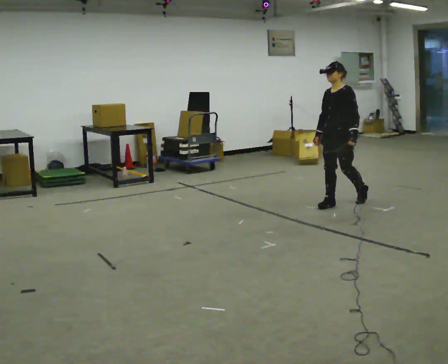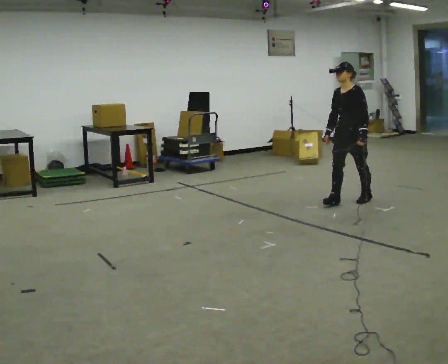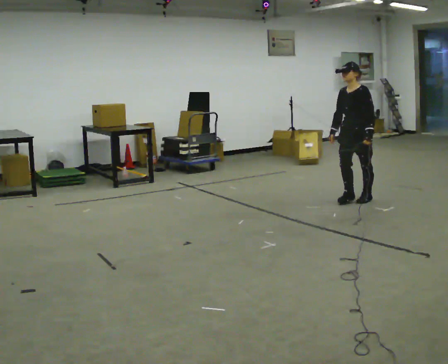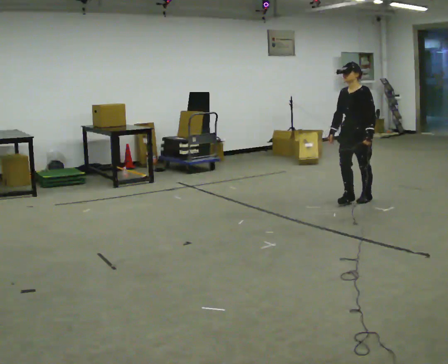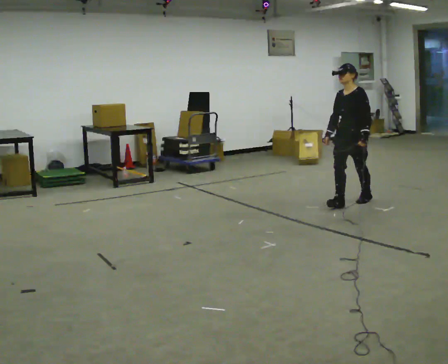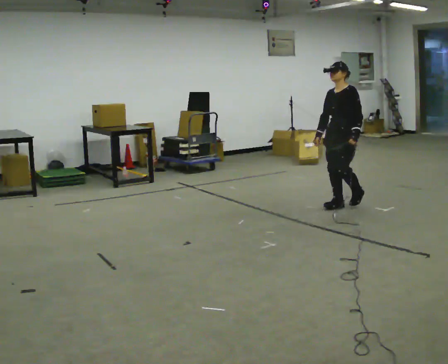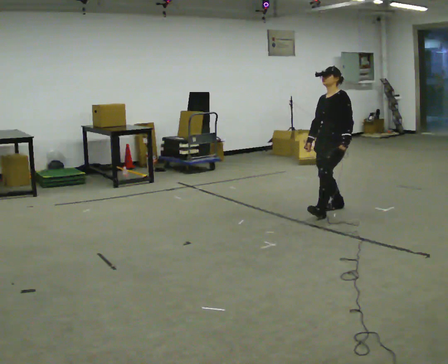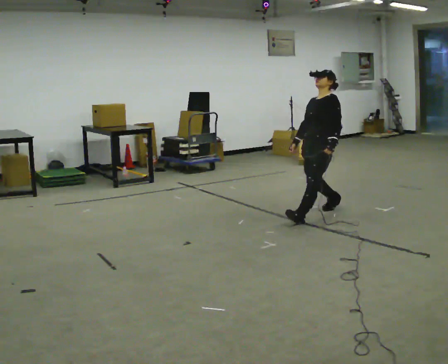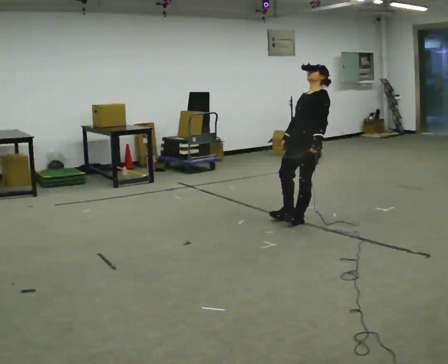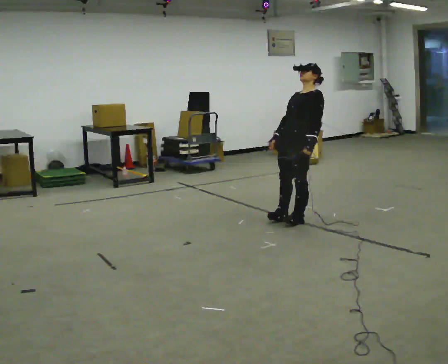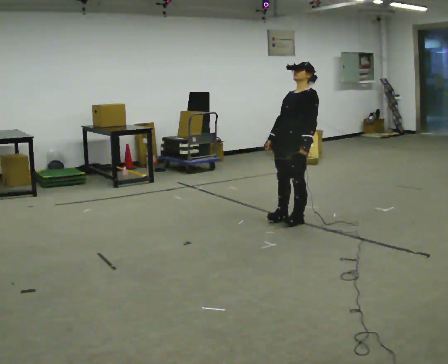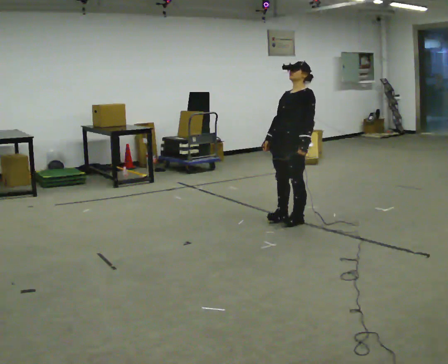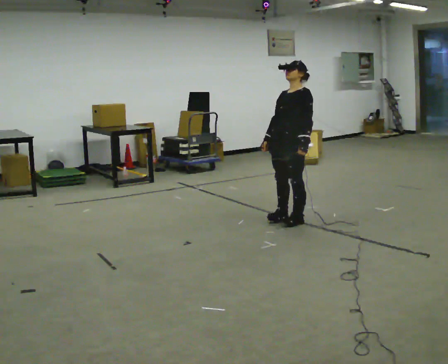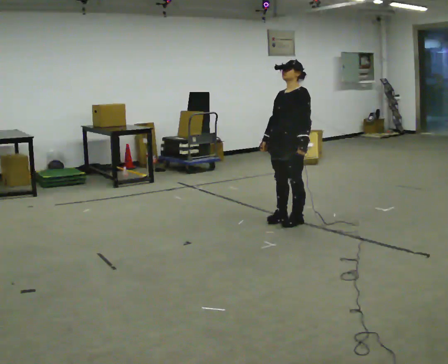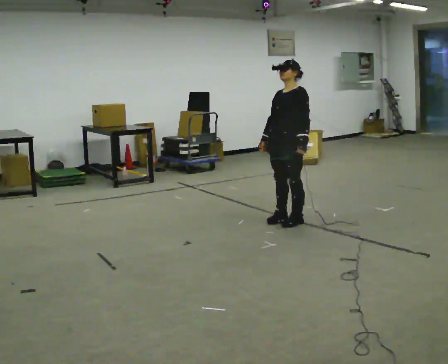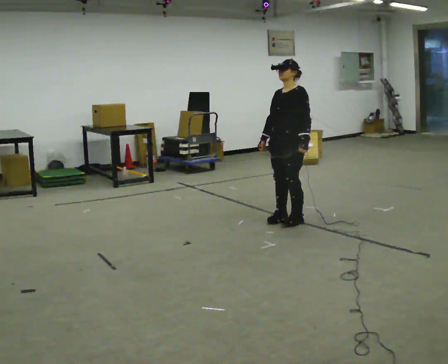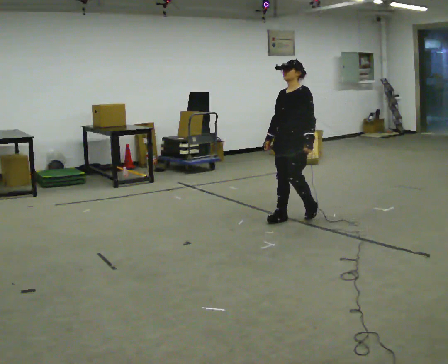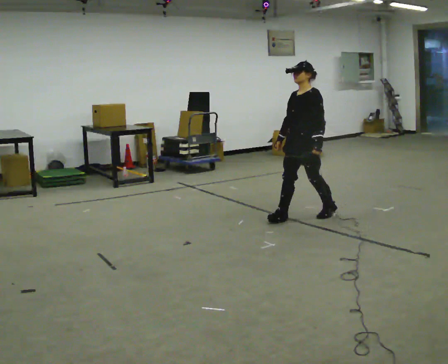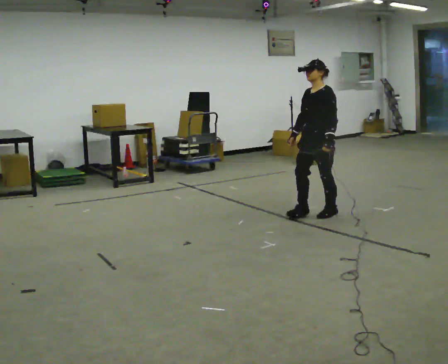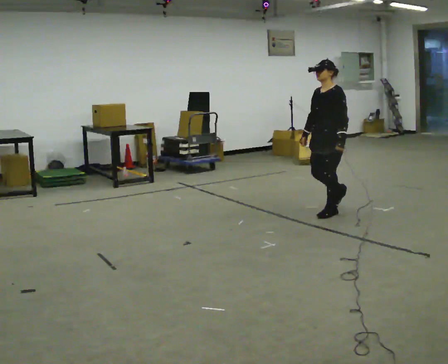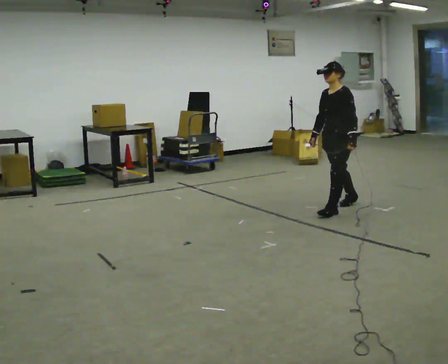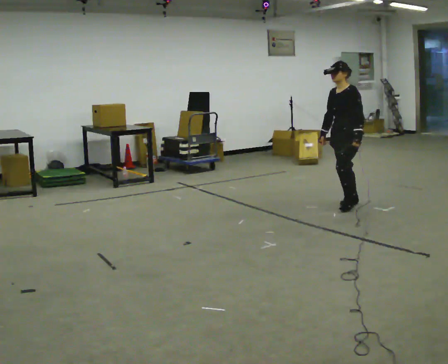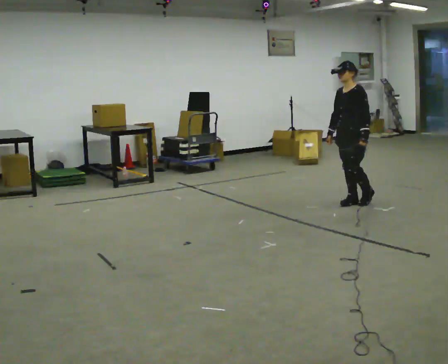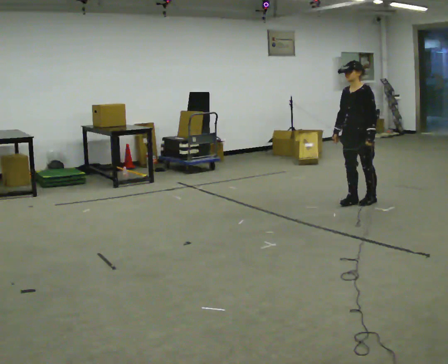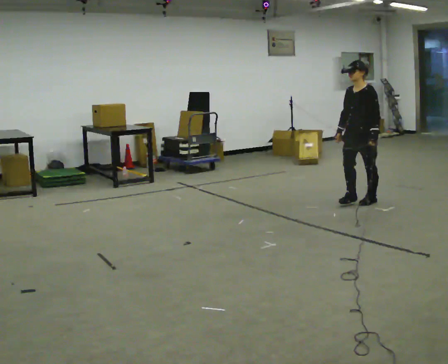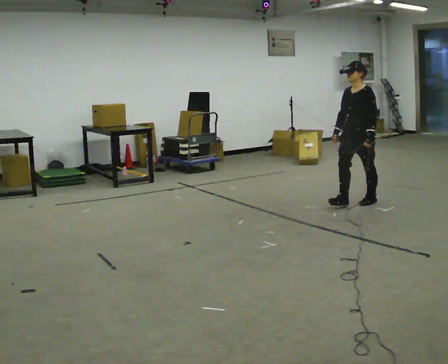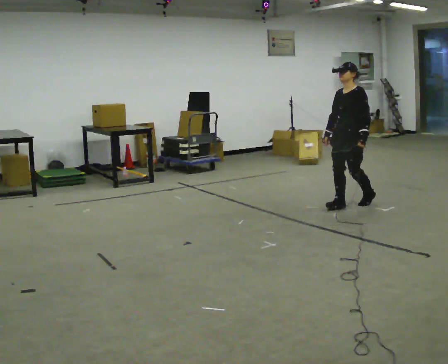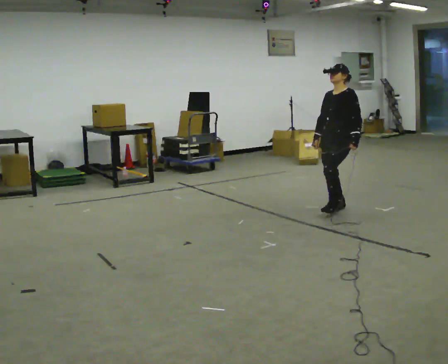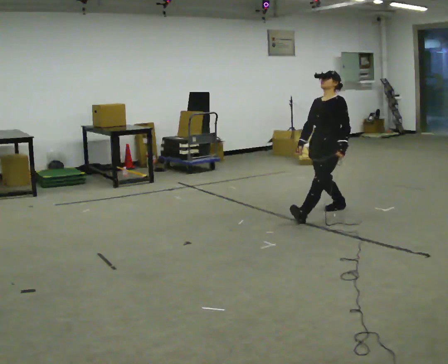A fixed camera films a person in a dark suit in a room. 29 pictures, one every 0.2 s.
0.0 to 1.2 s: The person moves a little, or ends about where they began.
1.2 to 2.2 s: In the picture they go to the left and toward the camera, about 0.5 m in 1 step, which for them is forward.
2.2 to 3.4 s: The person moves a little, or ends about where they began.
3.4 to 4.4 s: In the picture they go to the right and away from the camera, about 0.75 m in 2 steps, which for them is backward.
4.4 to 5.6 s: In the picture they go to the left and toward the camera, about 0.25 m in 2 steps, which for them is forward.
The film runs backward here.
